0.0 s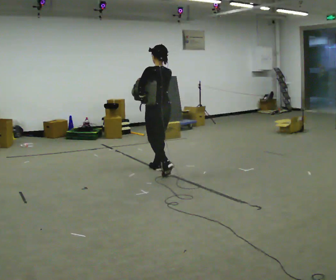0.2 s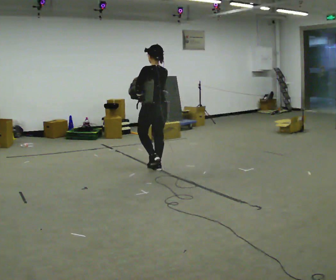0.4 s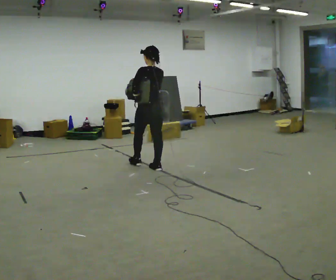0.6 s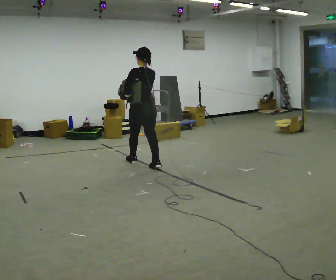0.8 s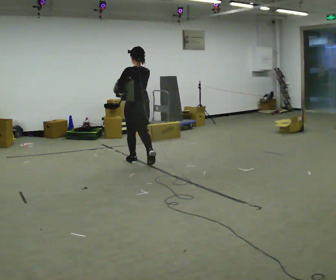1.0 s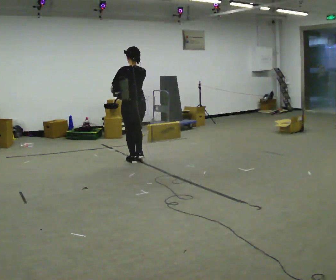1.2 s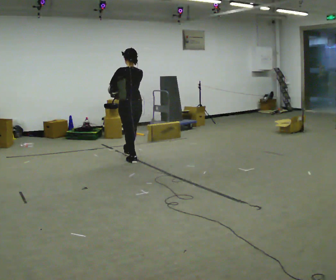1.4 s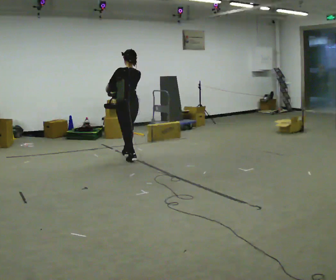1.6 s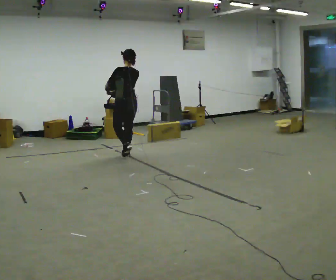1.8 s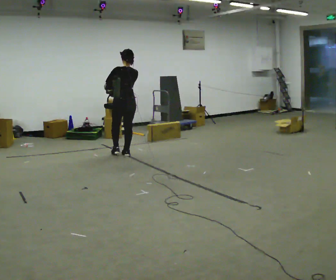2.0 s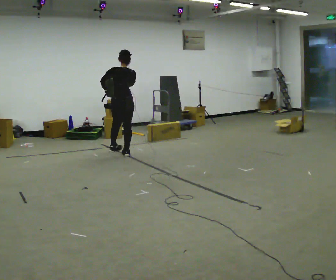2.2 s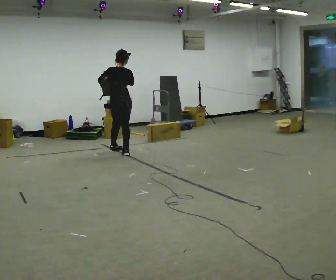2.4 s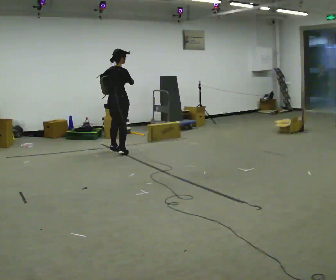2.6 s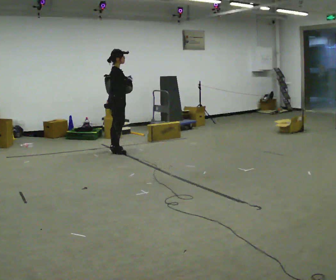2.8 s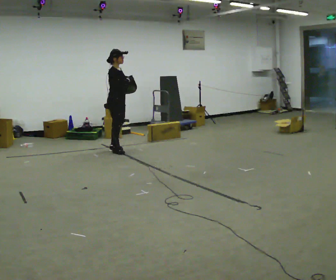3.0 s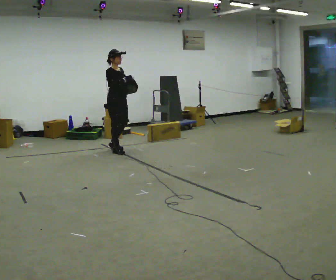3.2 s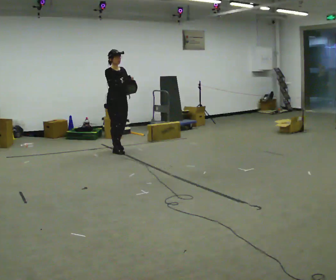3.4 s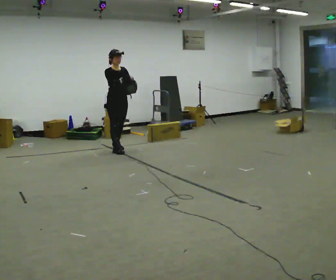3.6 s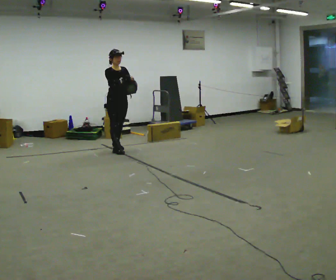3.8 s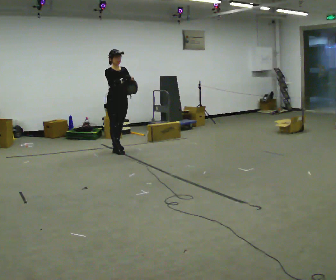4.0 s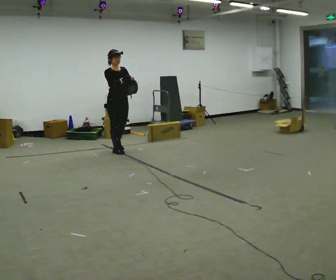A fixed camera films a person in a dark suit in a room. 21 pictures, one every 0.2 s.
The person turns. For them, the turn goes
to their right.
The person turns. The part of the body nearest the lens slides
to the left.
0.0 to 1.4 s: In the picture they go away from the camera and to the left, about 1 m in 2 steps, which for them is forward.
1.4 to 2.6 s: Seen from above the body turns clockwise, about 120 degrees: to their right, with its near side sliding to the left. In the picture they go away from the camera and to the left, about 0.5 m in 1 step.
2.6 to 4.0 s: Seen from above the body turns clockwise, about 60 degrees: to their right, with its near side sliding to the left.
The film runs forward here.
